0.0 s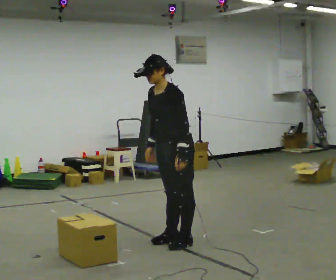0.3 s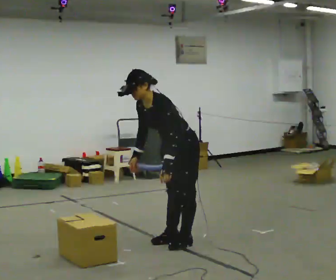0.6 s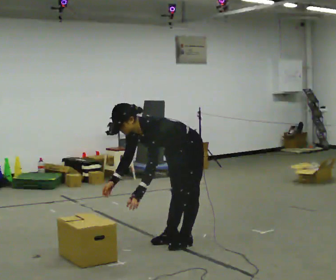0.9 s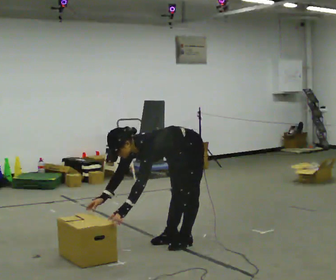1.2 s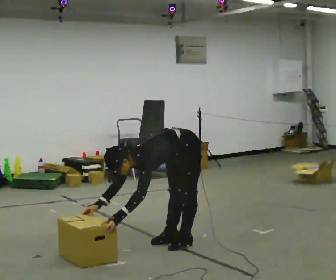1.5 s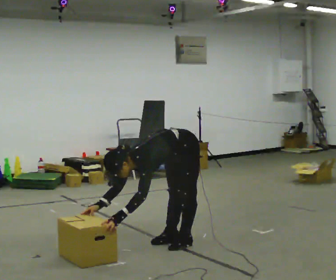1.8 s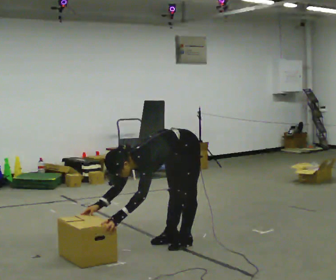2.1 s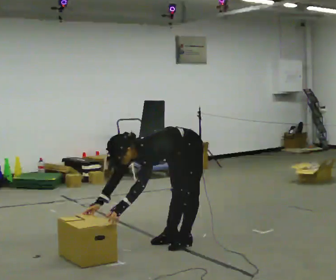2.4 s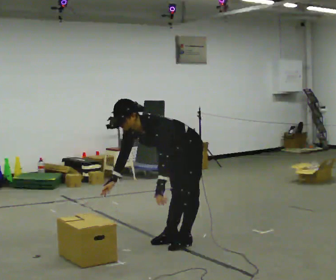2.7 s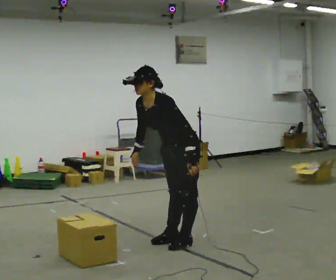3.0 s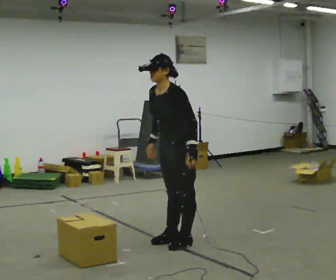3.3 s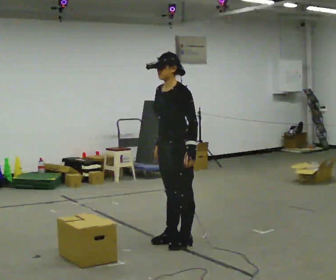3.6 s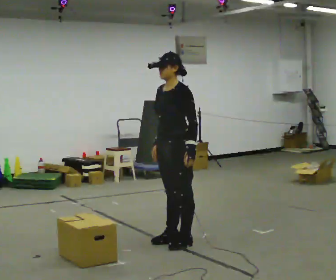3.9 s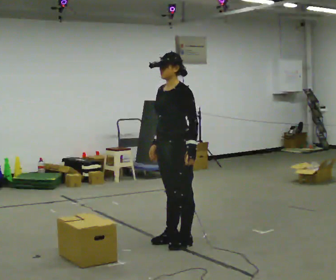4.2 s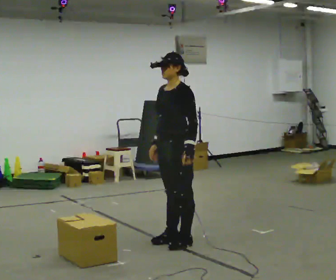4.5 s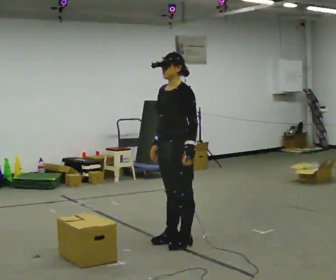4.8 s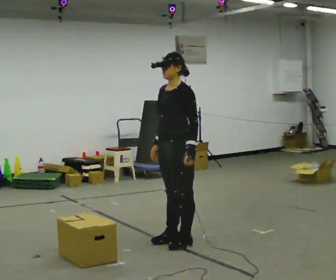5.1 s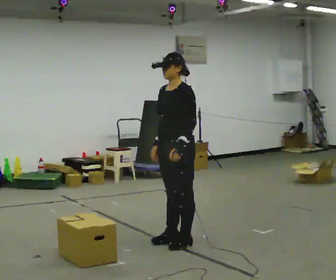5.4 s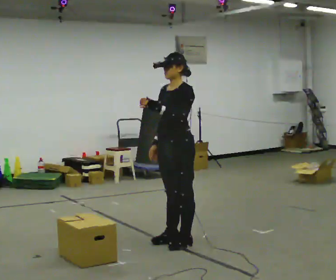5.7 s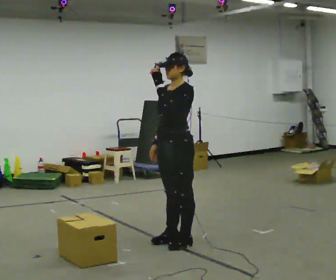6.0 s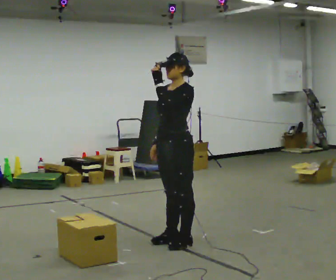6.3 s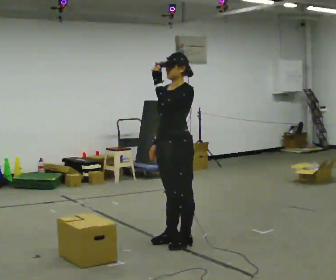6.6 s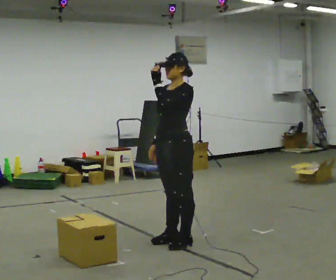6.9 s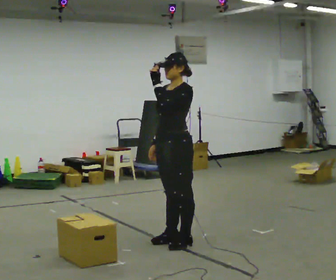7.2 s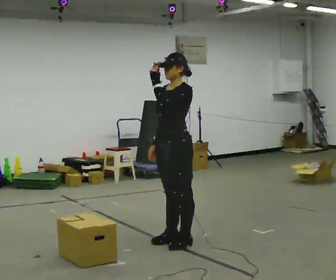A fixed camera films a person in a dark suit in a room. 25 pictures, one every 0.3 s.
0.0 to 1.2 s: The upper body goes downward. In the picture the upper body tilts counterclockwise, shoulders to the left, as they bend forward. In the picture their right hand goes downward and to the left.
1.2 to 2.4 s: The shoulders move upward. In the picture the upper body tilts clockwise, shoulders to the right, as they lean back or straighten. In the picture their left hand goes to the right.
2.4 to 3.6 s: The upper body goes upward. In the picture the upper body tilts clockwise, shoulders to the right, as they lean back or straighten. In the picture their right hand goes to the right.
3.6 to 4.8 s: The person keeps their place and pose.
4.8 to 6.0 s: In the picture their left hand goes upward.
6.0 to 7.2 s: The person keeps their place and pose.
The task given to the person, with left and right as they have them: The object is placed just too far away for you to reach. Try to reach it while keeping both feet planted, and step only when you have to. Repeat at your own pace until the operator says stop. Go slowly and only as far as you are comfortable. Step whenever you need to; do not try to hold on longer than feels safe.
The film runs forward here.
